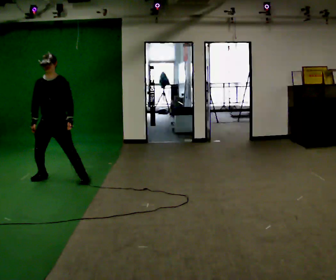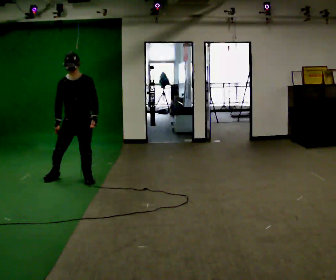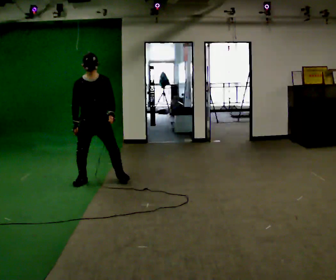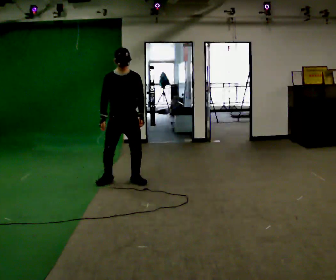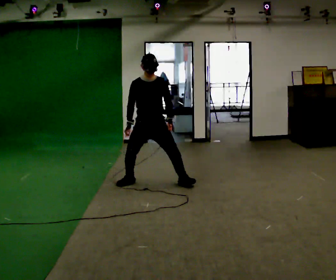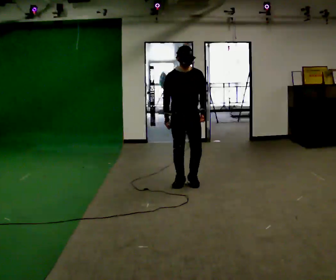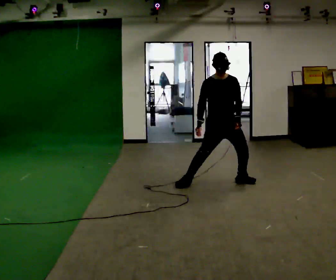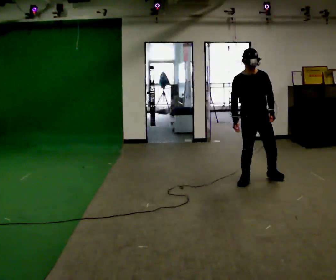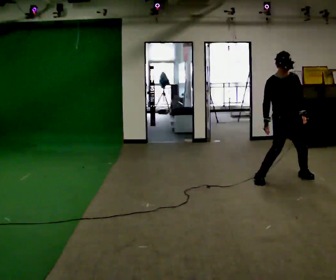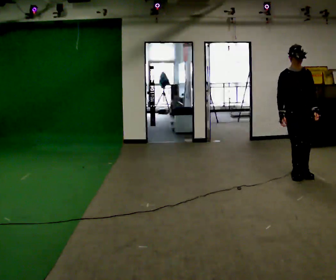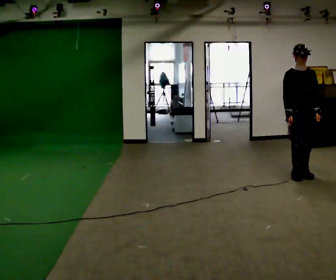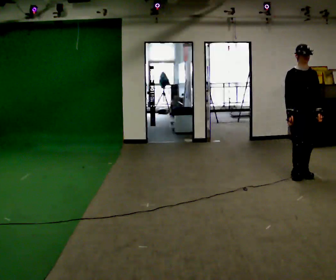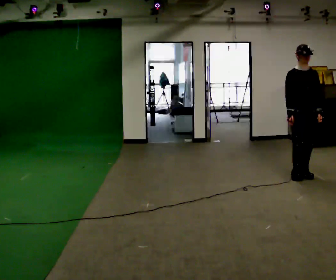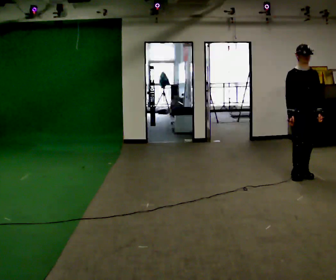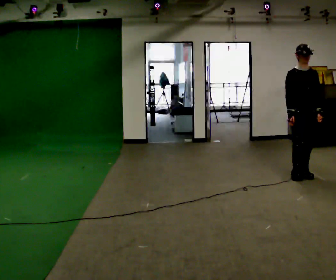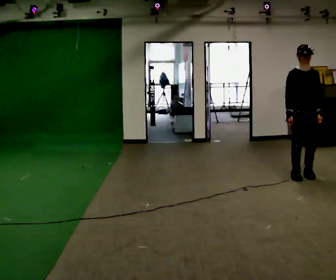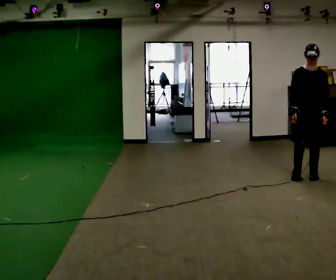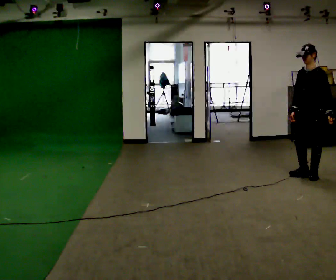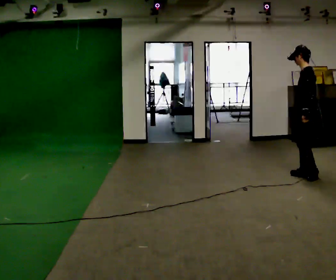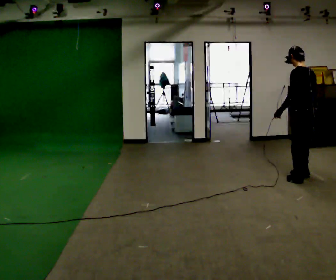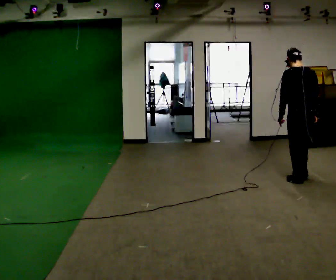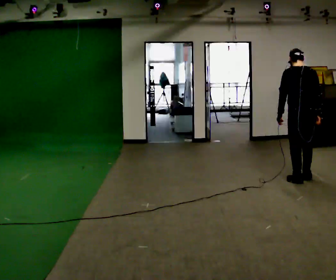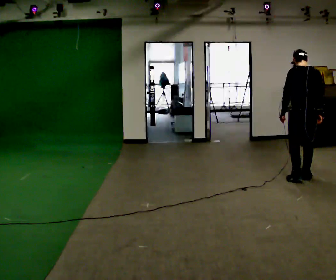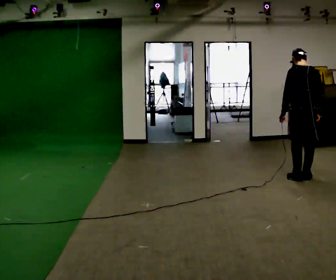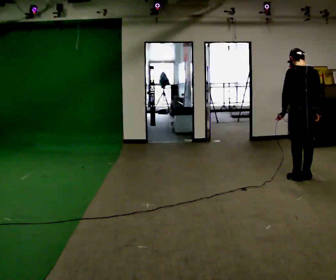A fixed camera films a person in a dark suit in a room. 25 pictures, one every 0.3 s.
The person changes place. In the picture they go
to the right.
0.0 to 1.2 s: In the picture they go to the right, about 1 m in 4 steps, which for them is to their left.
1.2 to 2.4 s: In the picture they go to the right, about 1.5 m in 5 steps, which for them is to their left.
2.4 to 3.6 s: In the picture they go to the right, about 0.25 m in 1 step, which for them is to their left.
3.6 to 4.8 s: The person moves a little, or ends about where they began.
4.8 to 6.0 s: The part of the body nearest the lens slides to the left as the person turns to their right by about 165 degrees. In the picture they go toward the camera, about 0.25 m in 1 step. In the picture their right hand goes to the right.
6.0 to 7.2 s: The person moves a little, or ends about where they began.
The film runs forward here.
